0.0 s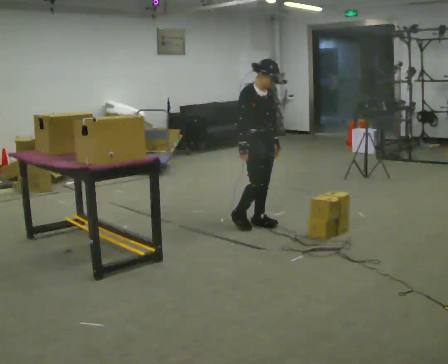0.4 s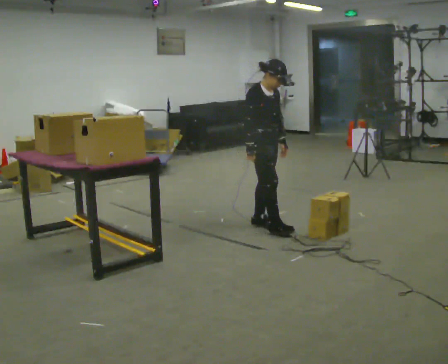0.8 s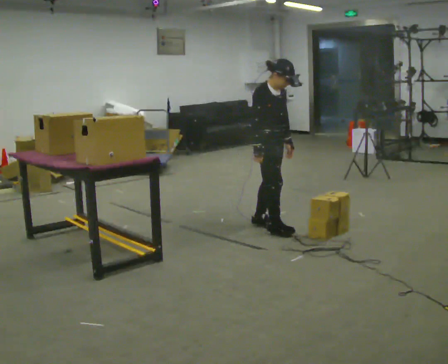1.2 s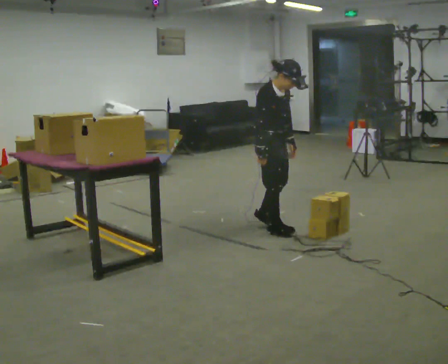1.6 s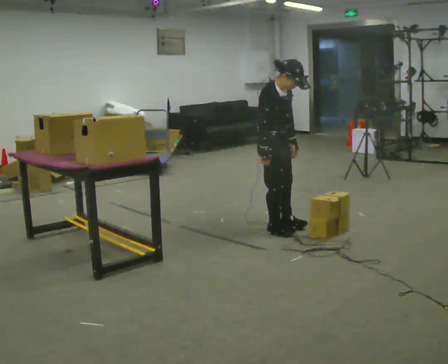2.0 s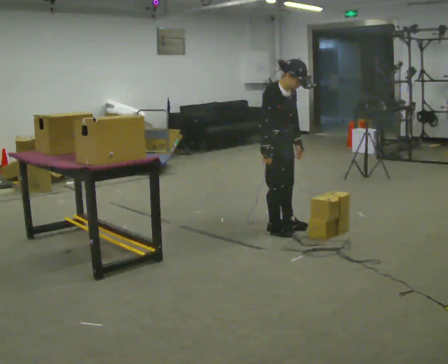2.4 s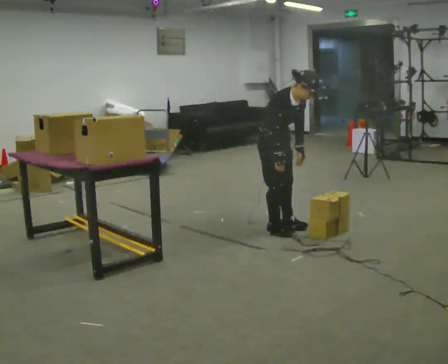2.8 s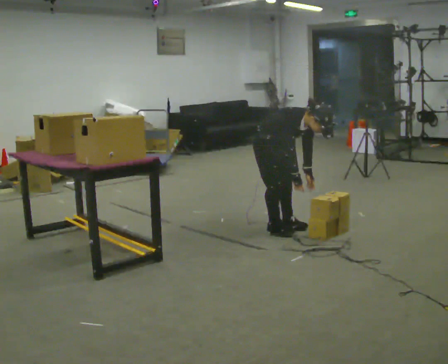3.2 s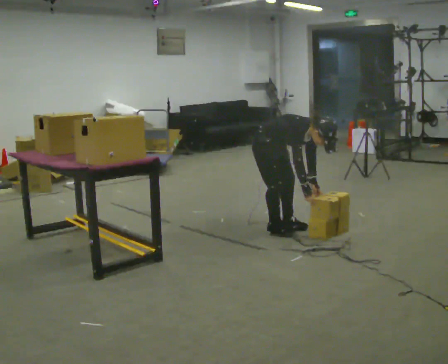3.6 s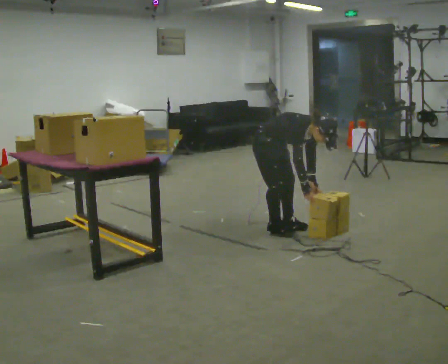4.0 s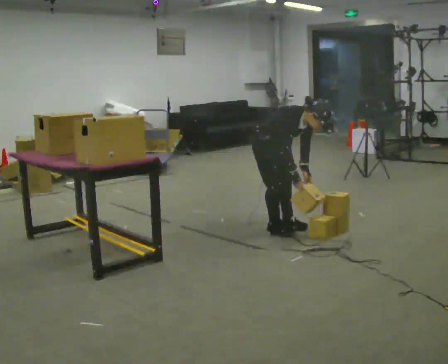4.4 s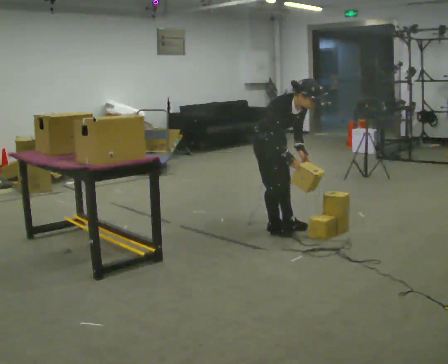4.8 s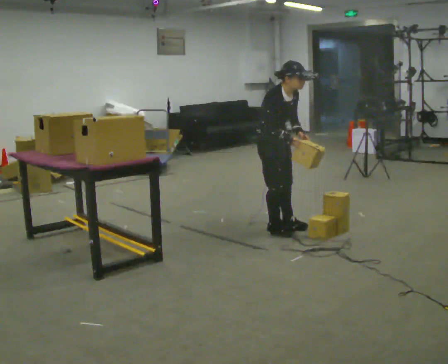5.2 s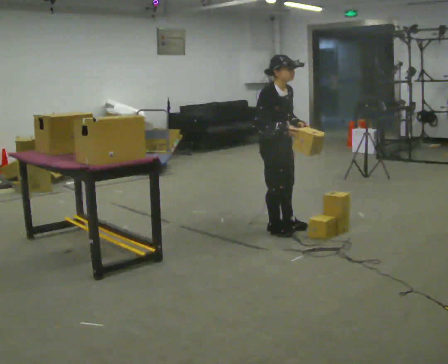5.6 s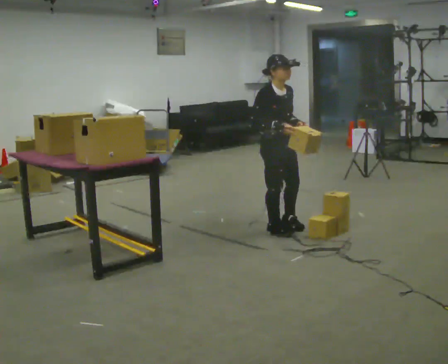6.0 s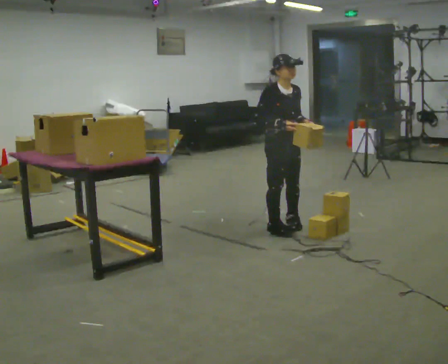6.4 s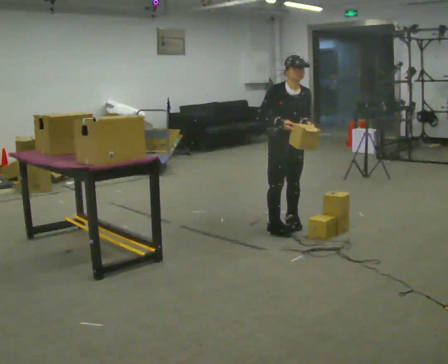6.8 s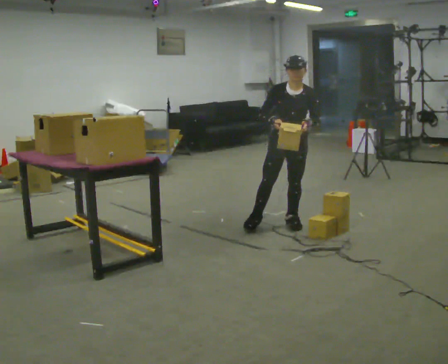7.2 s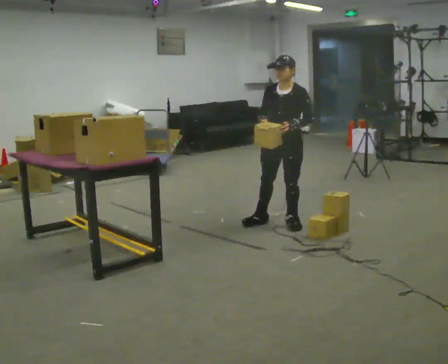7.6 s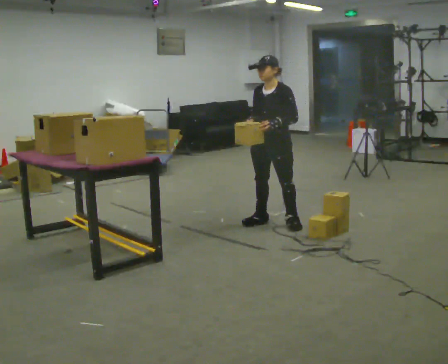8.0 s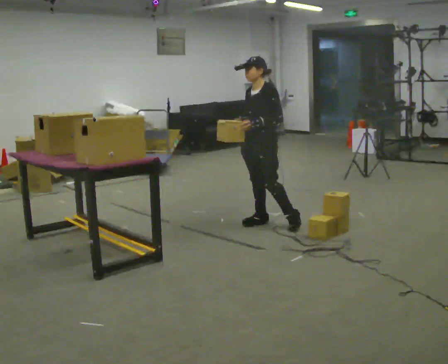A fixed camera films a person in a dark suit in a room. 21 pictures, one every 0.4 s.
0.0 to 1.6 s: In the picture they go toward the camera, about 0.25 m in 2 steps, which for them is forward and to their right.
1.6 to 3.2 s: The upper body goes downward. In the picture the upper body tilts clockwise, shoulders to the right, as they bend forward. In the picture their left hand goes downward.
3.2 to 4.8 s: The shoulders move upward. In the picture the upper body tilts counterclockwise, shoulders to the left, as they lean back or straighten. In the picture their left hand goes upward.
4.8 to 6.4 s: The part of the body nearest the lens slides to the left as the person turns to their right by about 30 degrees.
6.4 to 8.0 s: The person turns about 75 degrees to their right, clockwise seen from above, so the part of the body nearest the lens slides to the left. In the picture they go to the left, about 0.25 m in 1 step. In the picture their left hand goes to the left.
The film runs forward here.
